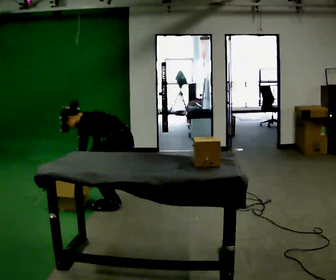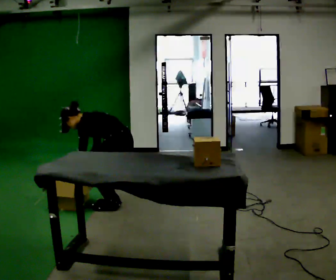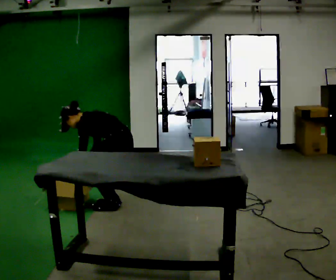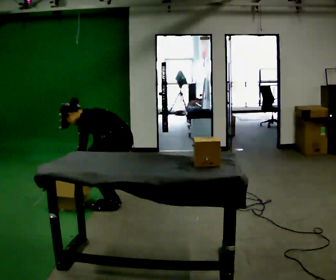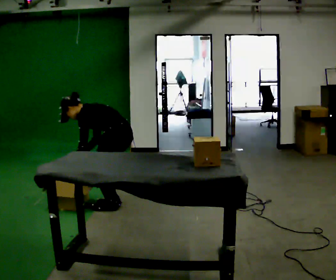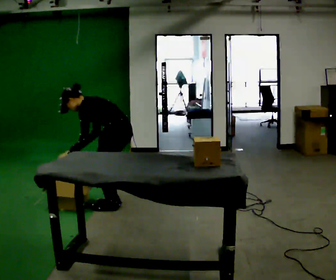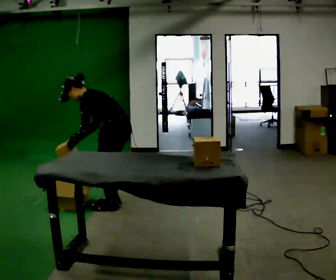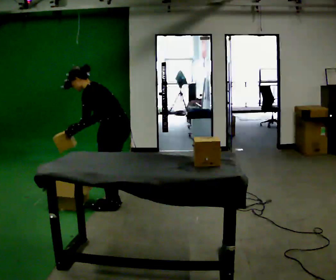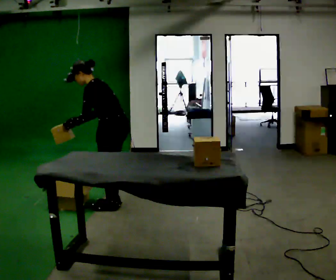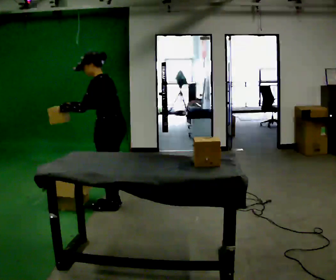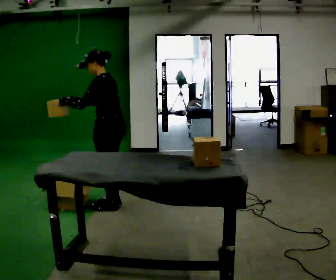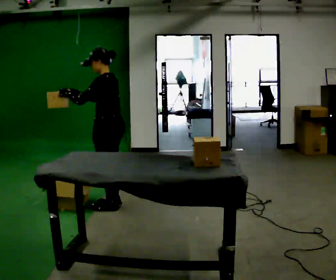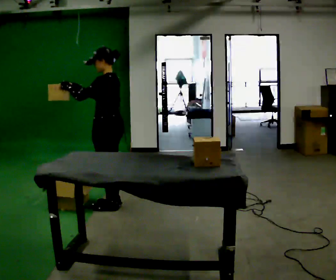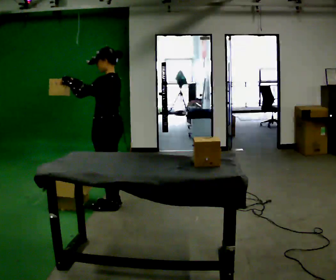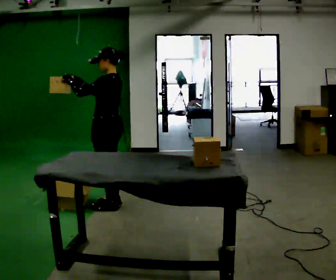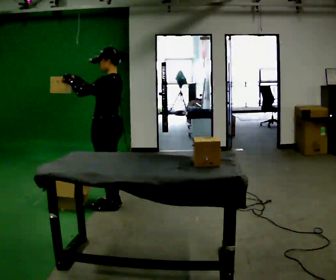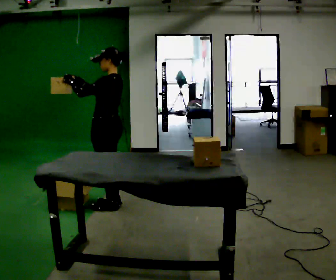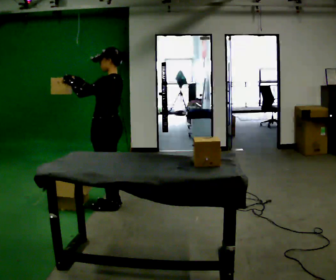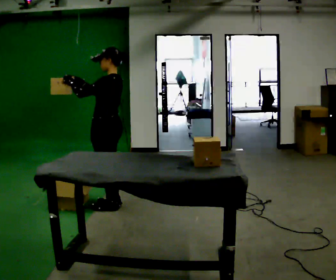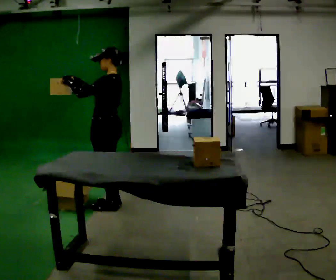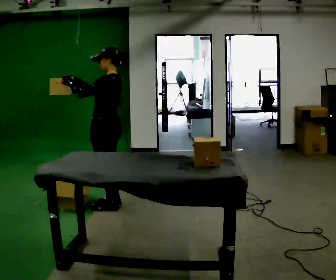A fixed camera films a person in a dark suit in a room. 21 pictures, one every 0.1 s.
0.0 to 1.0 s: The shoulders move upward. In the picture the upper body tilts clockwise, shoulders to the right, as they lean back or straighten. In the picture their right hand goes upward, the arm swinging clockwise.
1.0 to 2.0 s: In the picture the upper body tilts clockwise, shoulders to the right, as they lean back or straighten.
The film runs forward here.
